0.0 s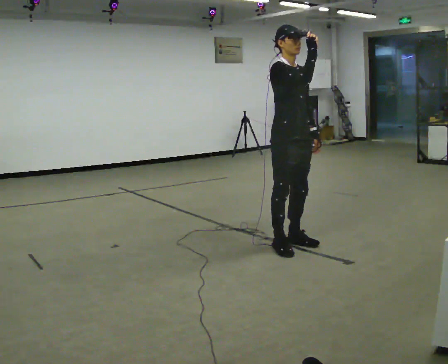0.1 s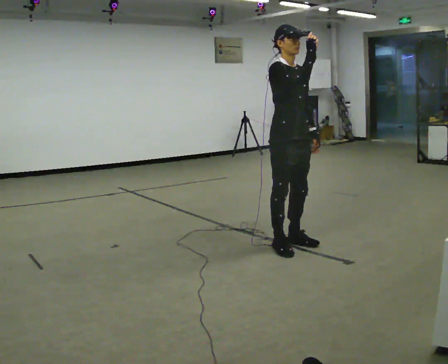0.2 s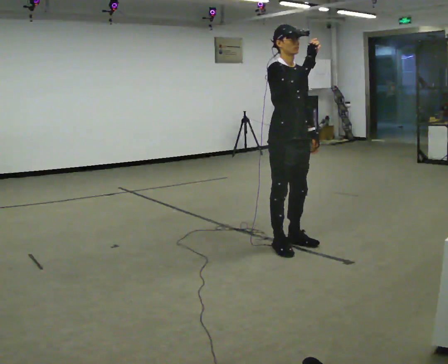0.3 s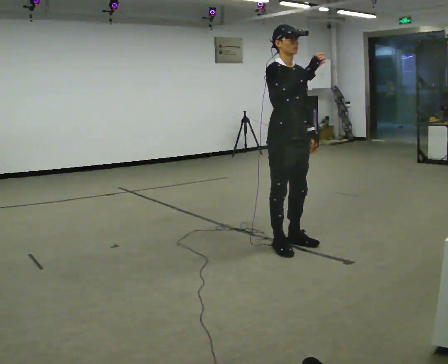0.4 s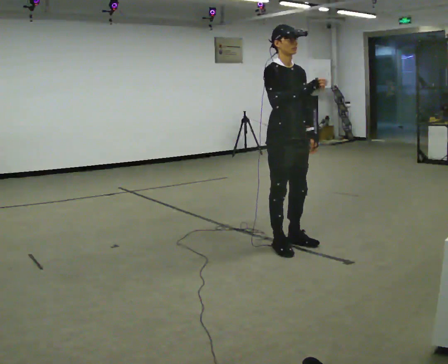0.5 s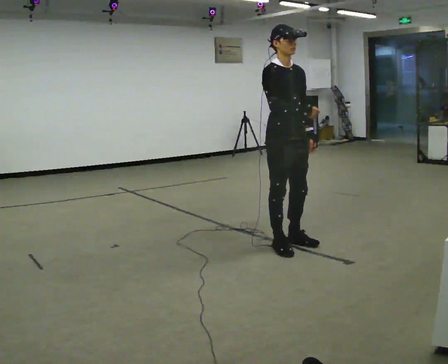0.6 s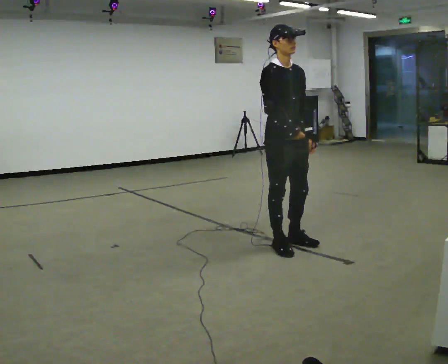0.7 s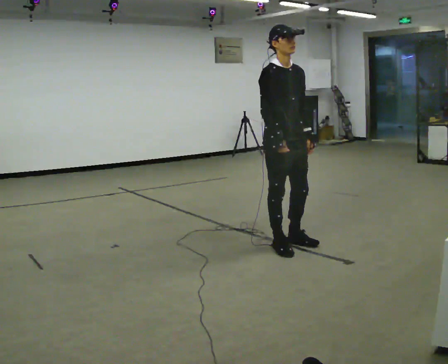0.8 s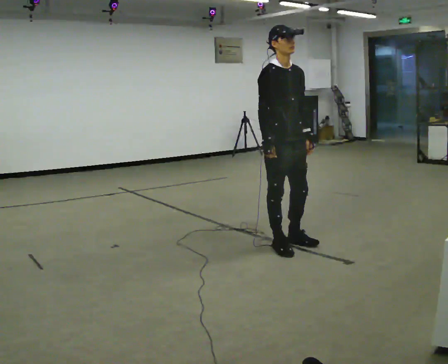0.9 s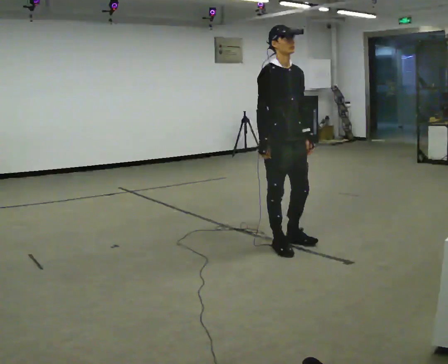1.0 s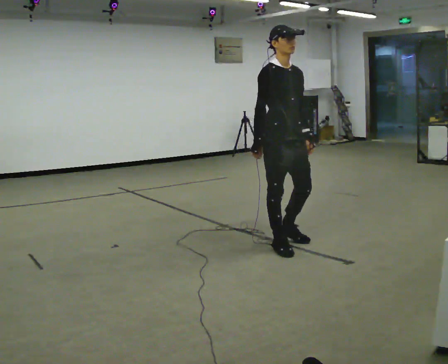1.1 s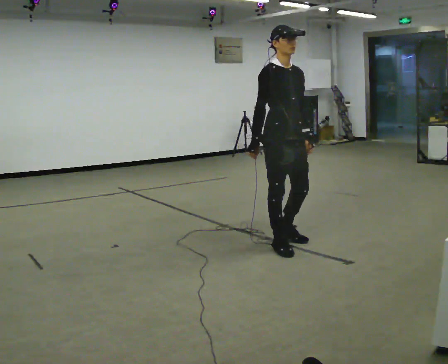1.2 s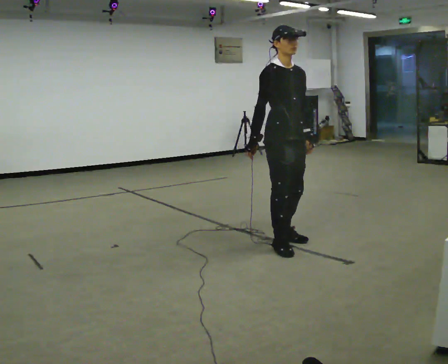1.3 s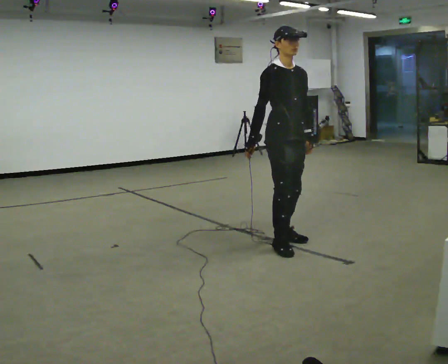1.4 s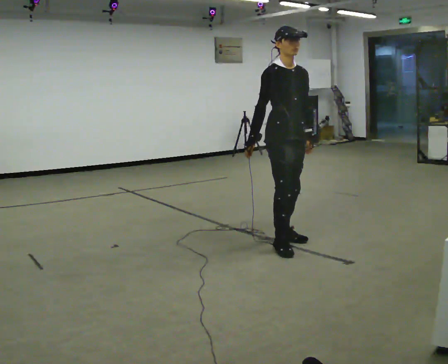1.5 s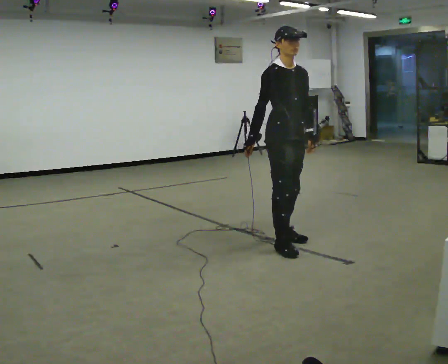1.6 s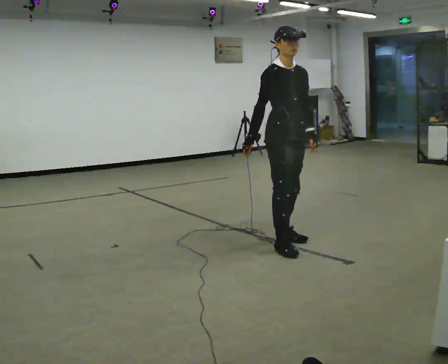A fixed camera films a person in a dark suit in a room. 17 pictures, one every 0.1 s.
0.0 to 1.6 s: In the picture their right hand goes downward and to the left.
The film runs backward here.
